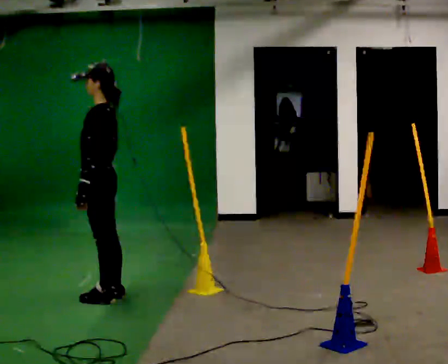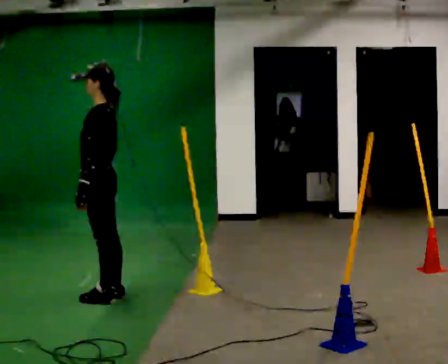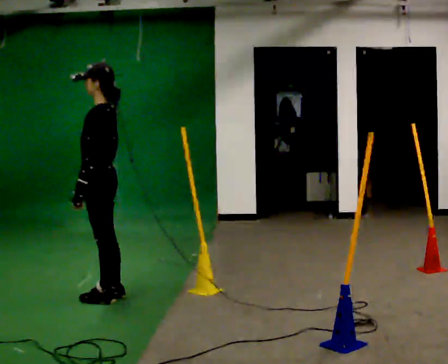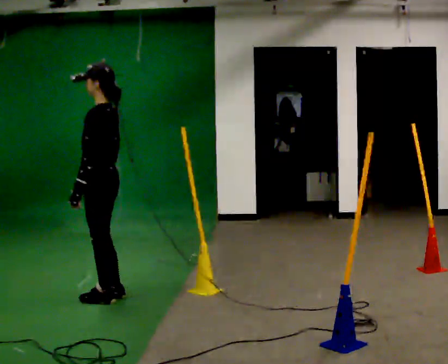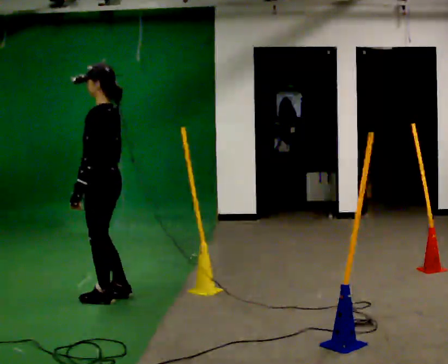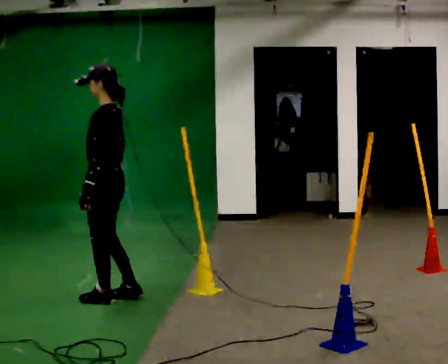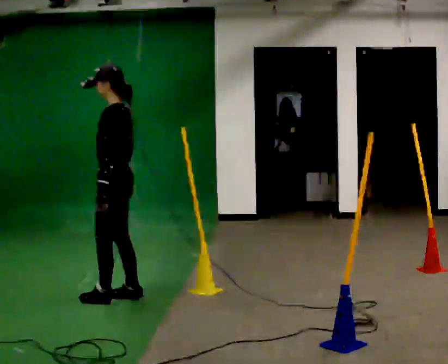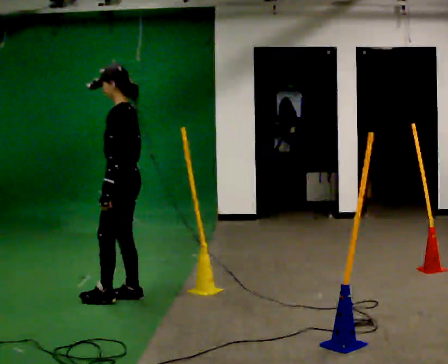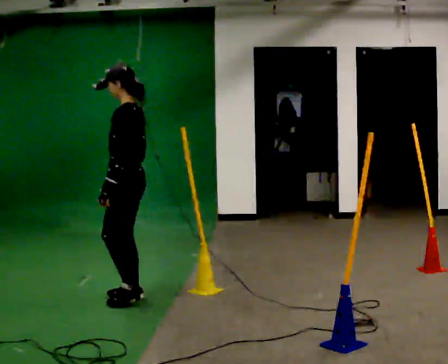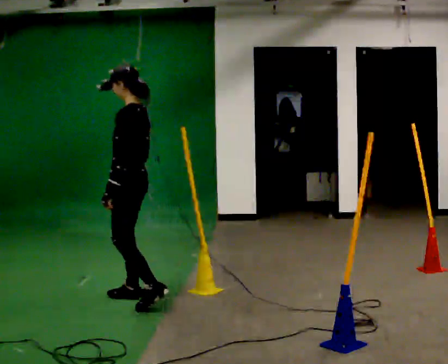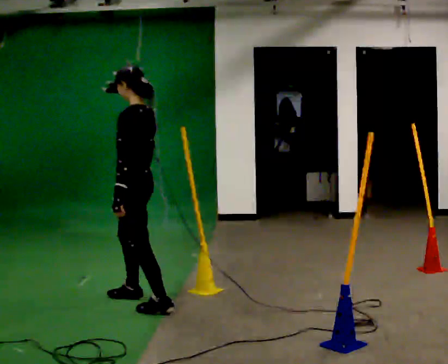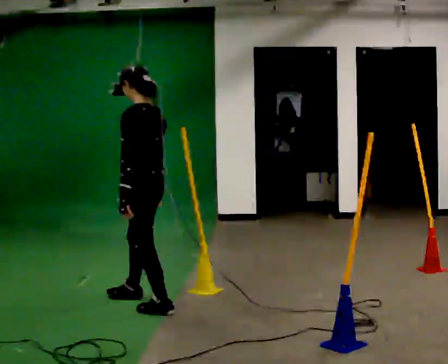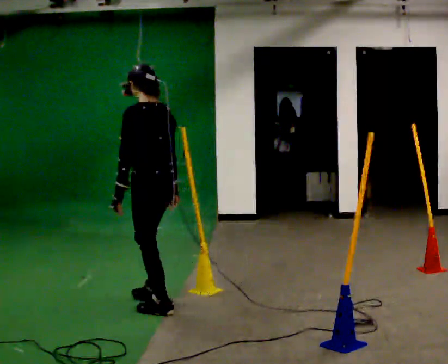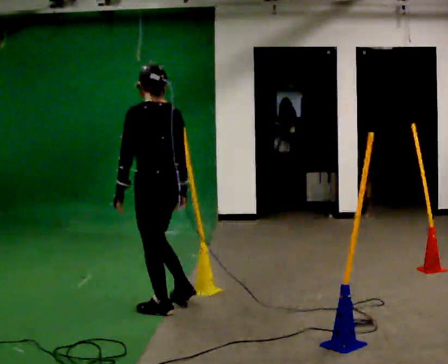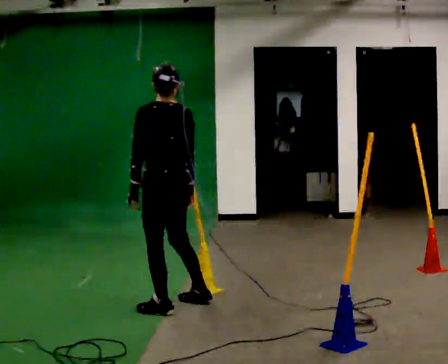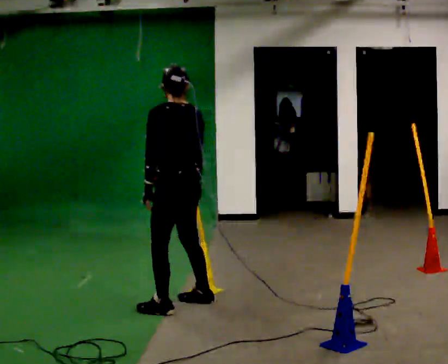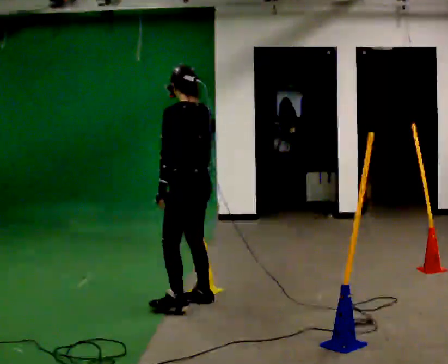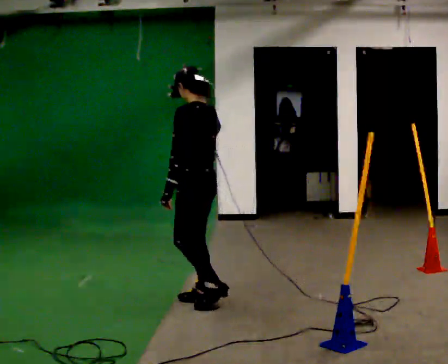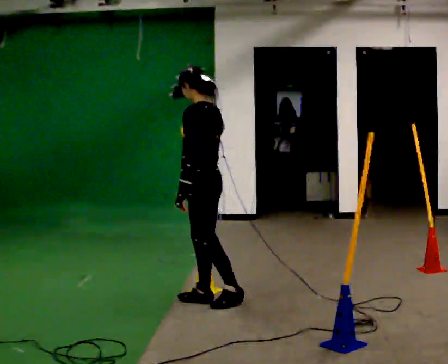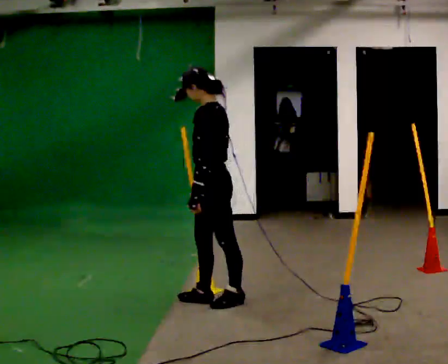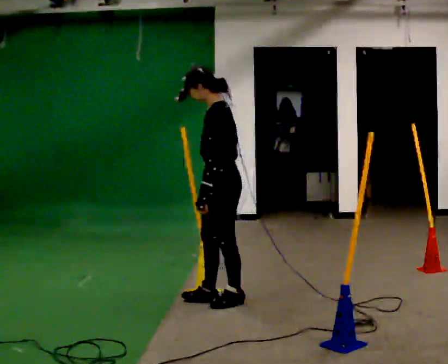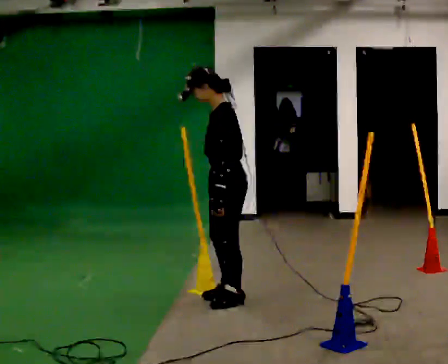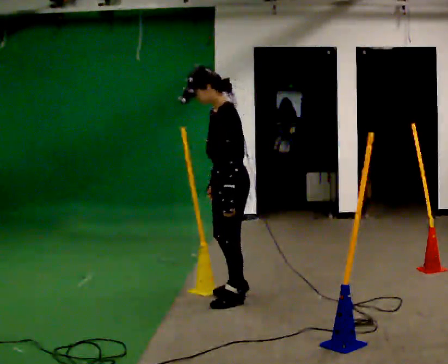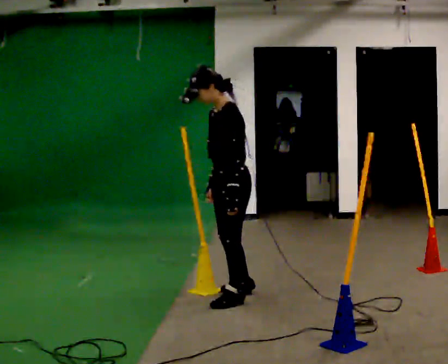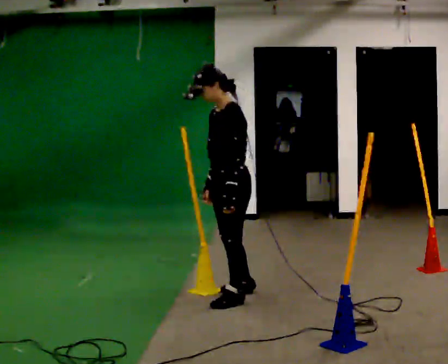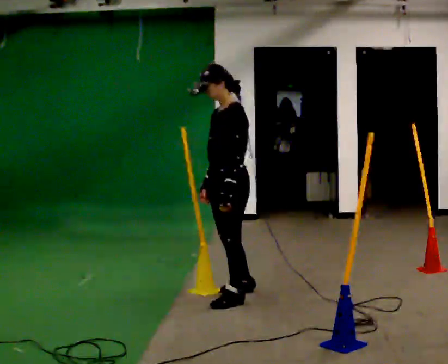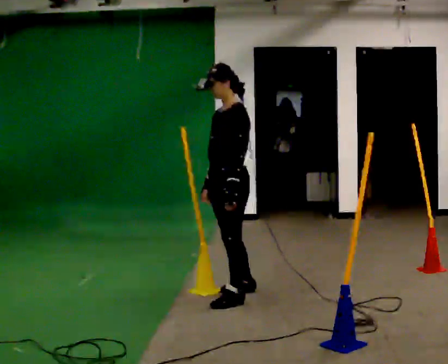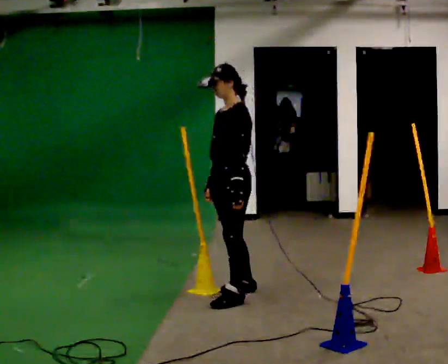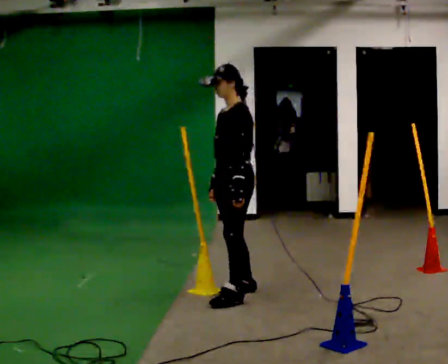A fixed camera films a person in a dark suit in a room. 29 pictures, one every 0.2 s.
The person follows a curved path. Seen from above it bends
counterclockwise.
The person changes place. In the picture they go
to the right.
0.0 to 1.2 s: The person moves a little, or ends about where they began.
1.2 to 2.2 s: In the picture they go toward the camera and to the right, about 0.25 m in 1 step, which for them is backward and to their left.
2.2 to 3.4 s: In the picture they go to the right, about 0.25 m in 2 steps, which for them is to their right and backward.
3.4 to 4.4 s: In the picture they go to the right, about 0.25 m in 1 step, which for them is backward. In the picture their left hand goes to the right.
4.4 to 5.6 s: In the picture they go away from the camera, about 0.25 m, which for them is to their right.
The film runs backward here.
